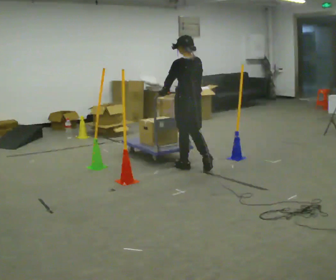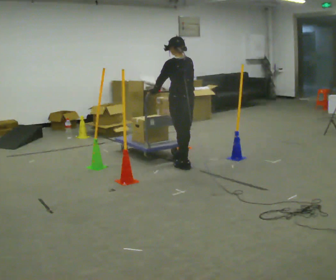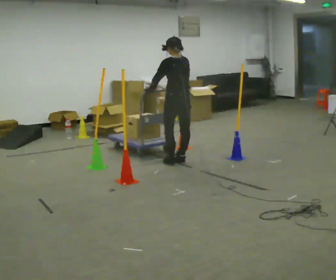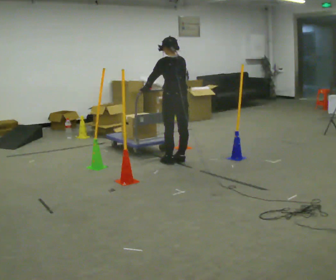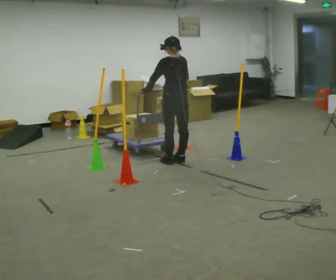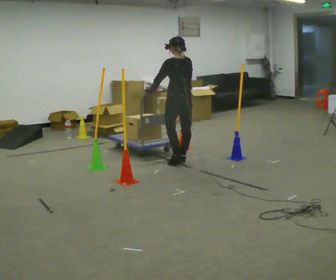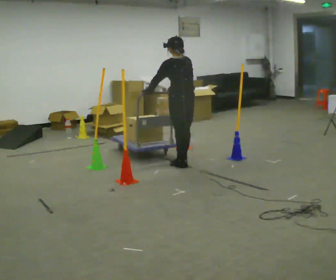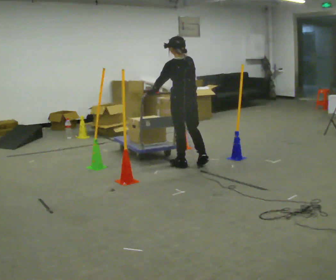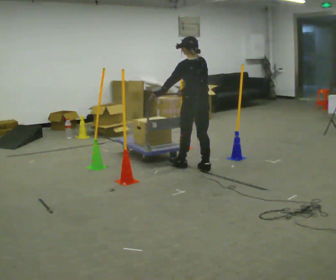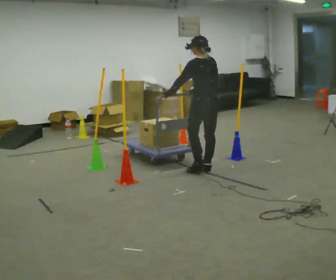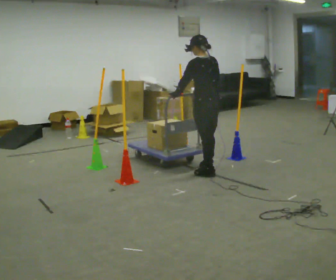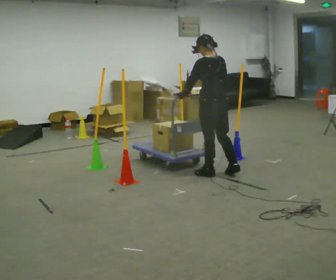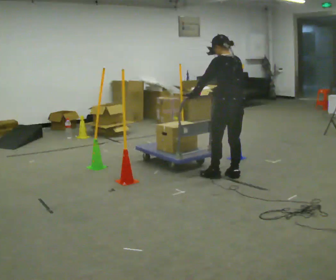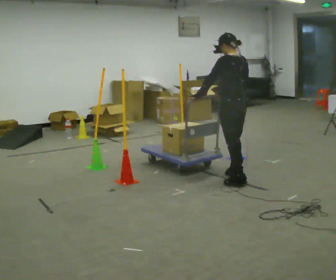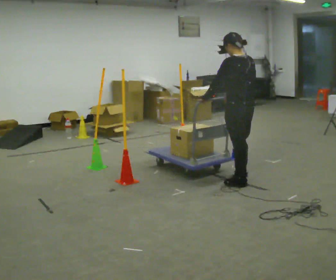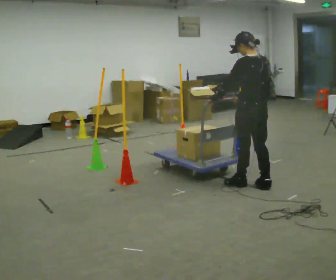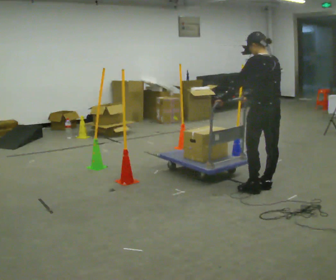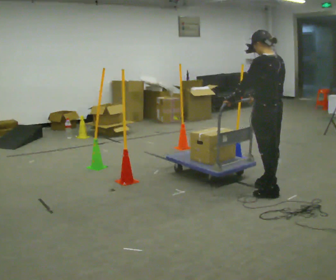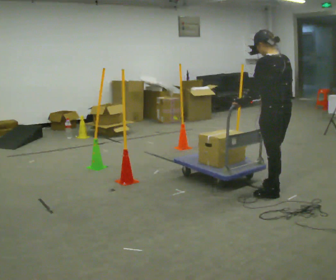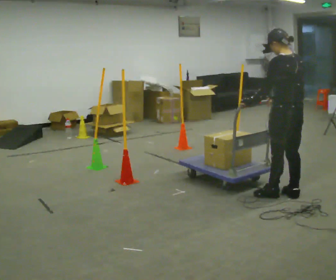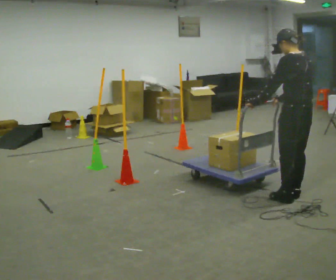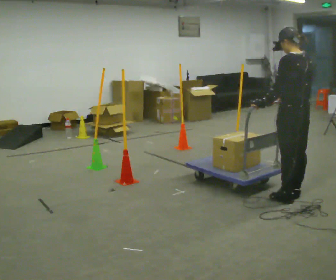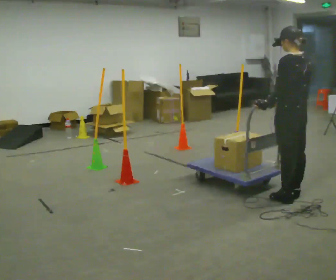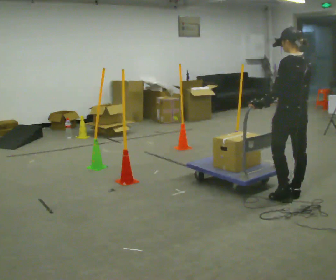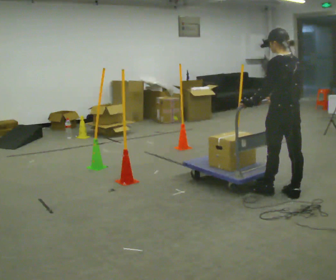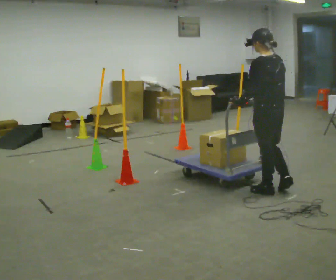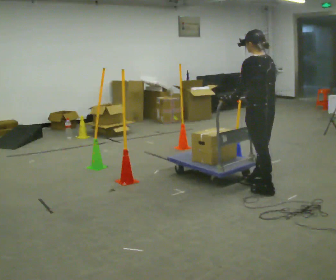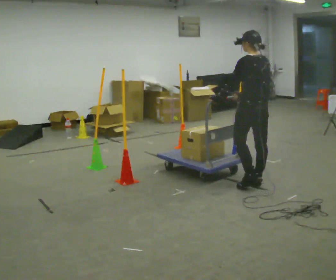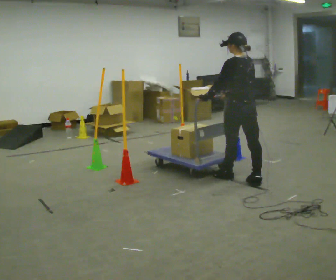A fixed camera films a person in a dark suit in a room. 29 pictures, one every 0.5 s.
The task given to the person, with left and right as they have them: Push the cart in and out of the line of poles without touching any of them. Keep going until the operator says stop.
0.0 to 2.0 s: In the picture they go away from the camera and to the left, about 0.25 m in 2 steps, which for them is forward.
2.0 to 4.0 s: In the picture they go toward the camera and to the right, about 0.25 m in 2 steps, which for them is backward.
4.0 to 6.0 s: In the picture they go to the right and toward the camera, about 0.5 m in 2 steps, which for them is backward.
6.0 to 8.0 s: In the picture they go toward the camera and to the right, about 0.5 m in 2 steps, which for them is backward.
8.0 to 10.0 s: In the picture they go toward the camera and to the right, about 0.5 m in 2 steps, which for them is backward.
10.0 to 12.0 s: The person moves a little, or ends about where they began.
12.0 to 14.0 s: In the picture they go away from the camera and to the left, about 0.5 m in 2 steps, which for them is forward.
The film runs forward here.
